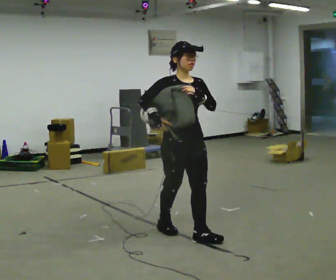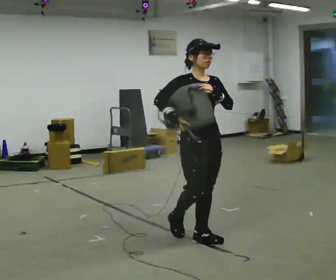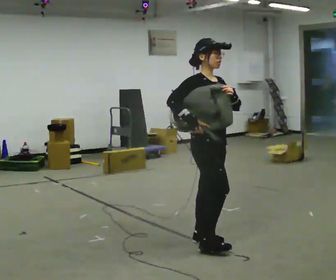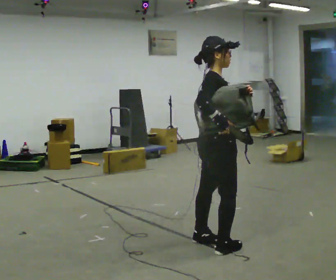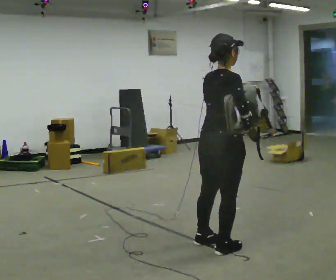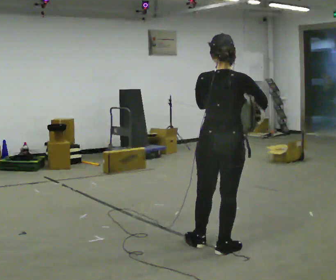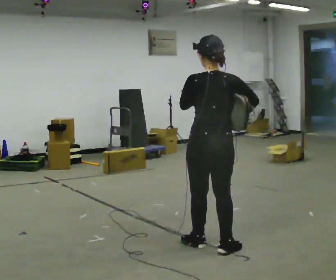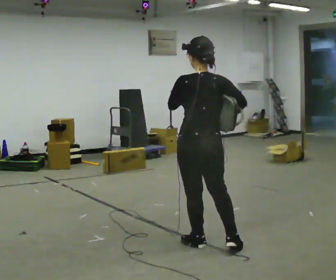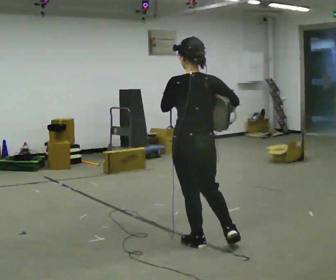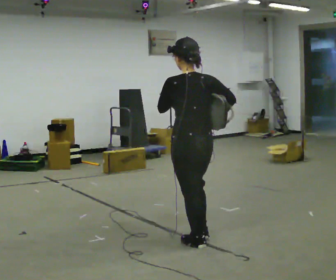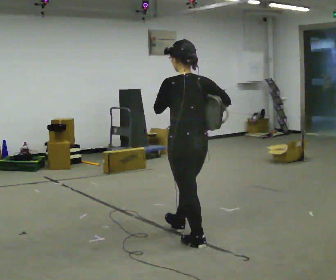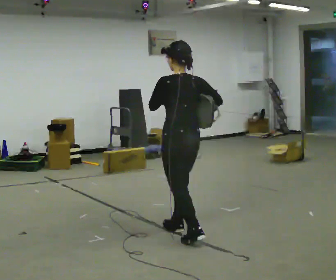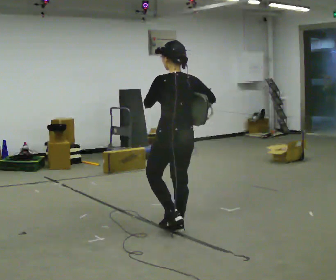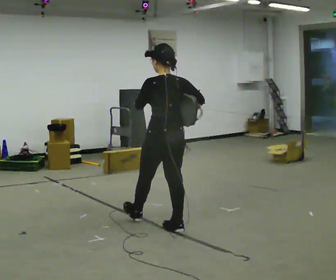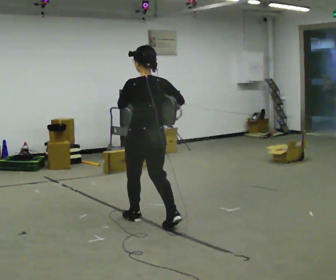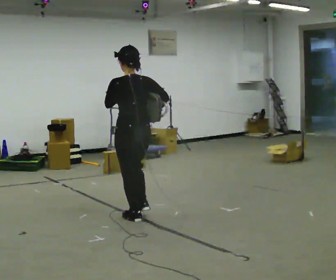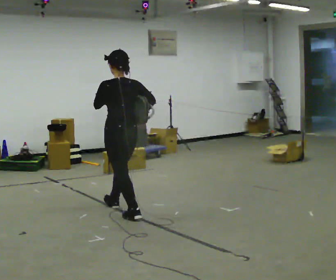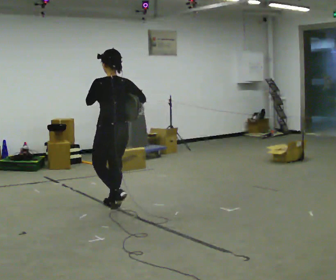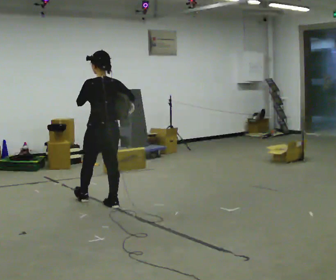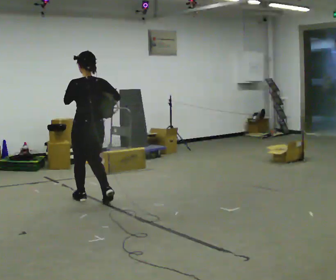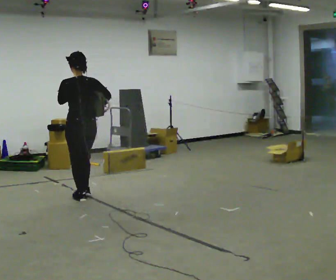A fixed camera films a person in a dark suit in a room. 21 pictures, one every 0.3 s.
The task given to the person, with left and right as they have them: Put the soft bag up onto your shoulder and carry it across the room, back and forth.
0.0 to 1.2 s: The person turns about 105 degrees to their left, counterclockwise seen from above, so the part of the body nearest the lens slides to the right. In the picture they go toward the camera and to the right, about 0.5 m in 1 step.
1.2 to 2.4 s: The person turns about 60 degrees to their left, counterclockwise seen from above, so the part of the body nearest the lens slides to the right. In the picture they go to the left, about 0.25 m.
2.4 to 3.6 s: In the picture they go away from the camera and to the left, about 0.5 m in 1 step, which for them is forward.
3.6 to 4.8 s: In the picture they go to the left and away from the camera, about 1 m in 2 steps, which for them is forward.
4.8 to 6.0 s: In the picture they go to the left and away from the camera, about 0.5 m in 1 step, which for them is forward.
The film runs forward here.
